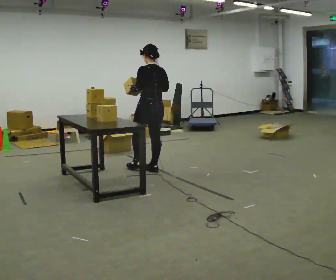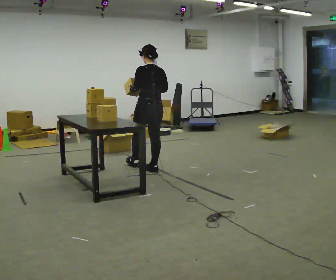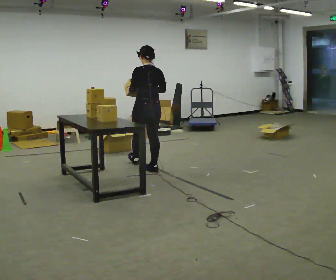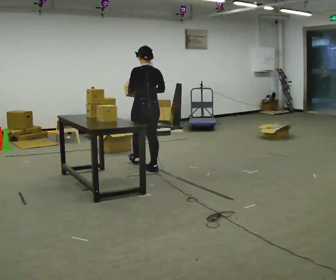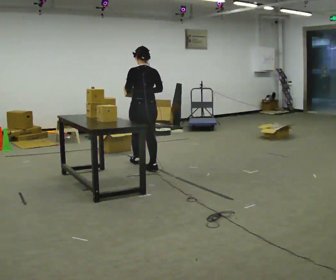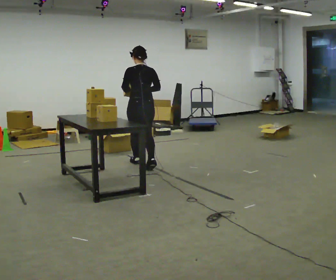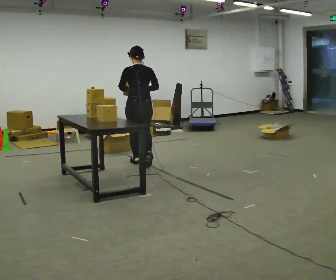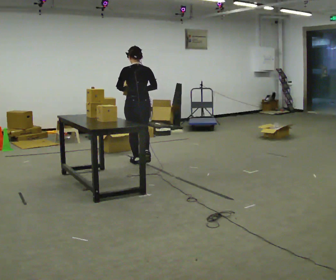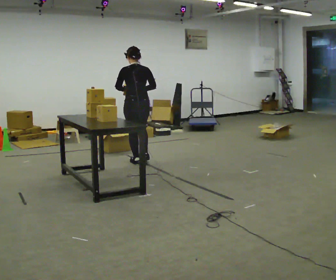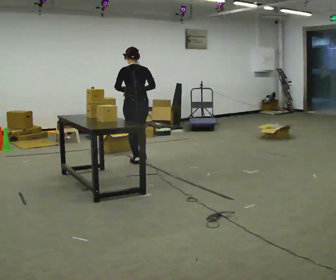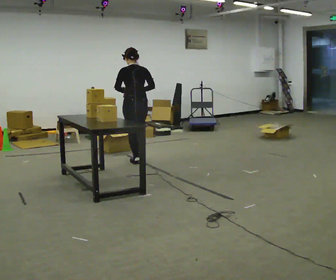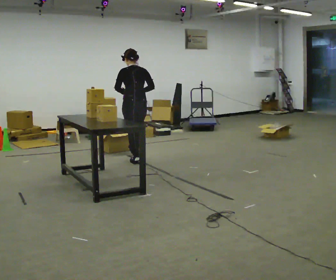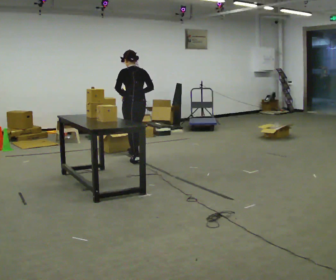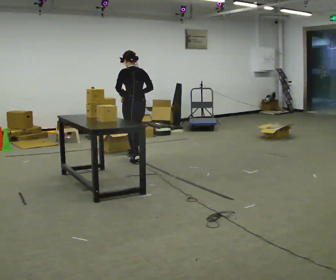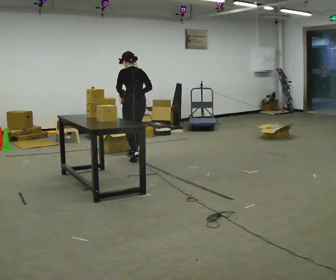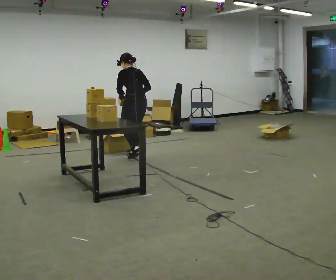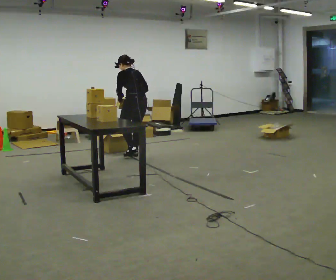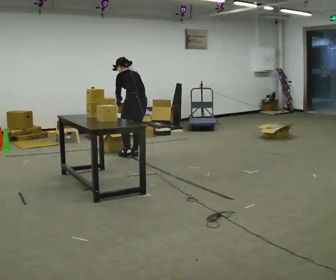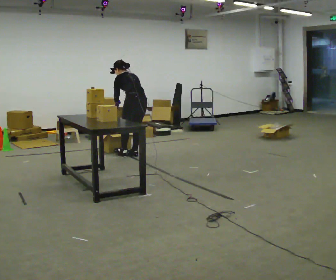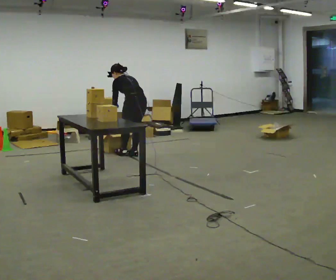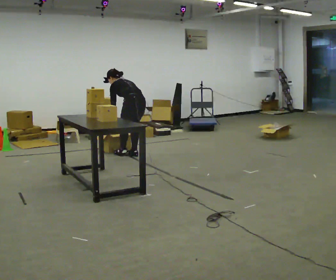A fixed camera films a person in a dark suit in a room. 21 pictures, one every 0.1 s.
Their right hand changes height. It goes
downward.
Their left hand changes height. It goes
downward.
0.0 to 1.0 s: In the picture they go away from the camera and to the left, about 0.5 m in 1 step, which for them is forward.
1.0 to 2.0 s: In the picture they go away from the camera, about 0.25 m in 2 steps, which for them is forward and to their right. The upper body goes downward. The upper body tips away from the camera, its near side rolling upward, as they bend forward. In the picture their right hand goes downward.
The film runs forward here.
